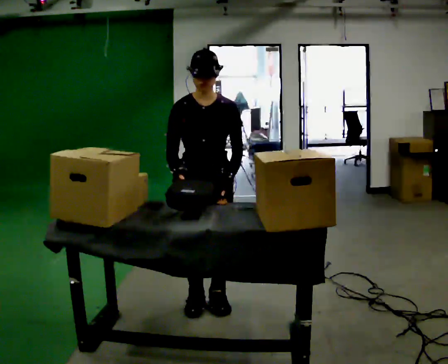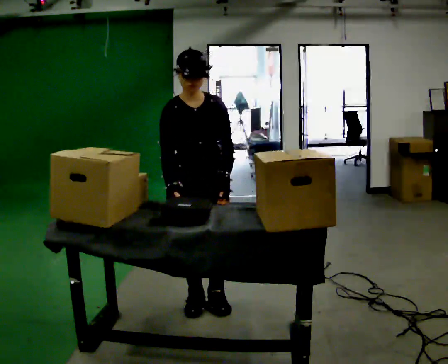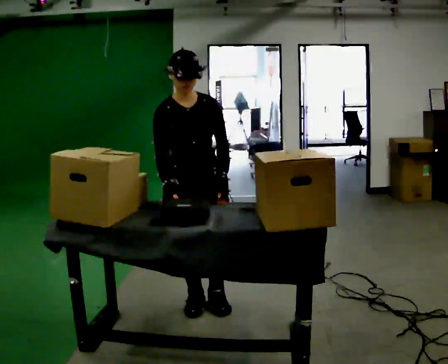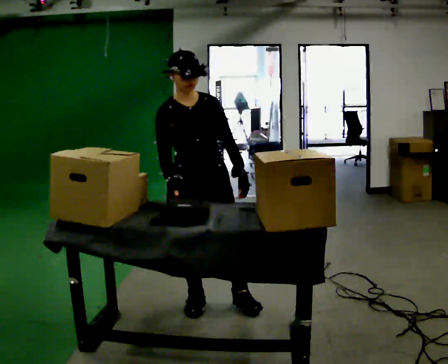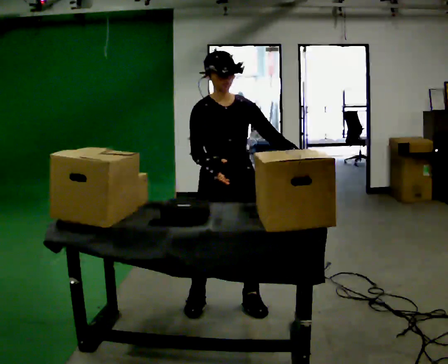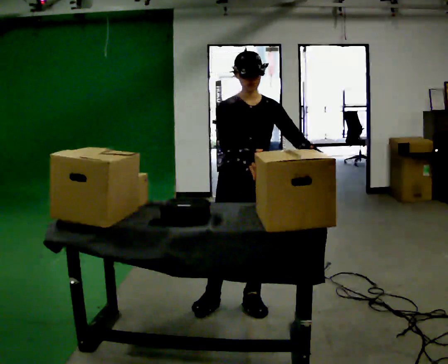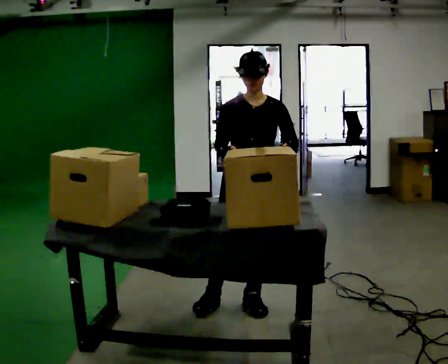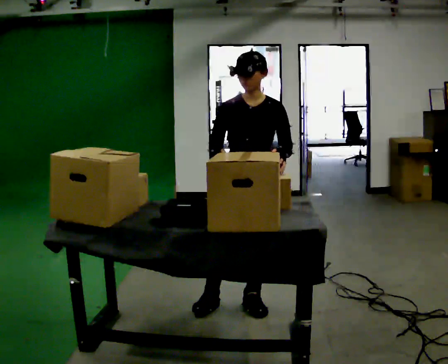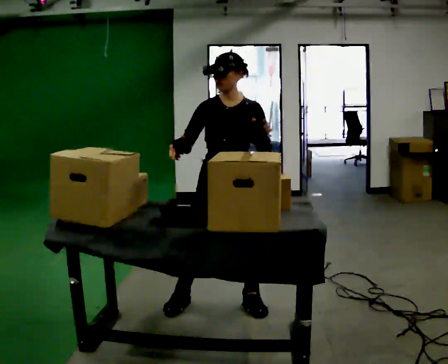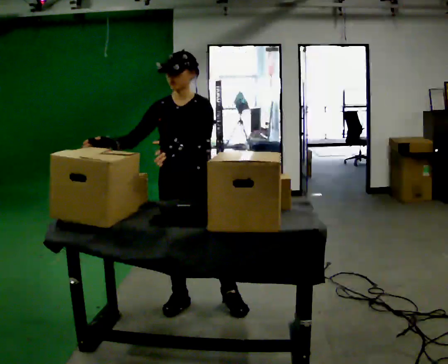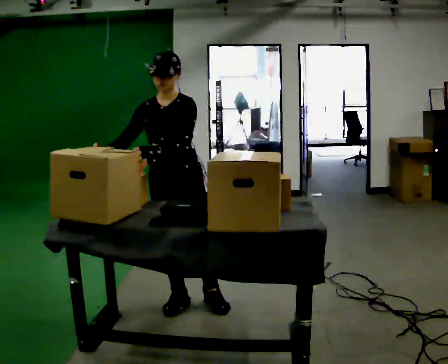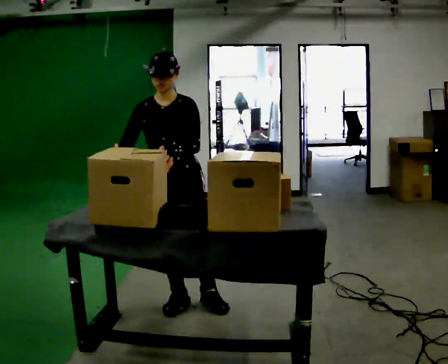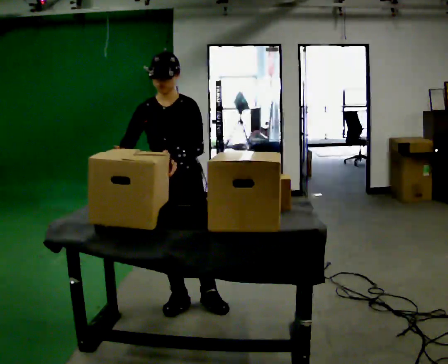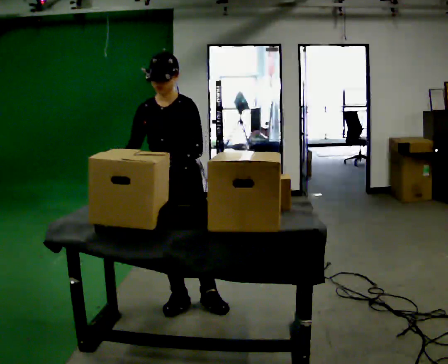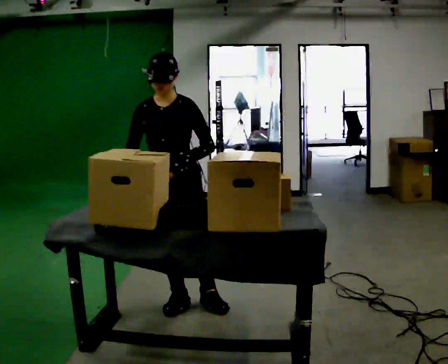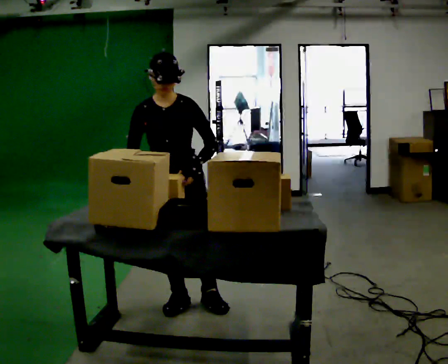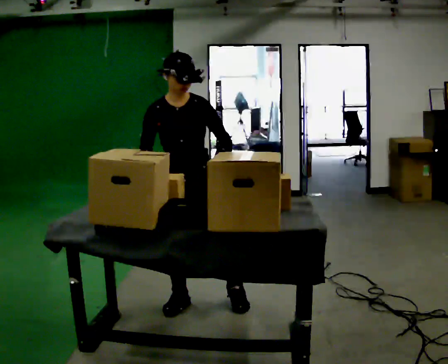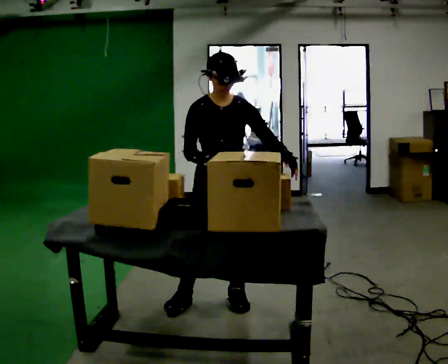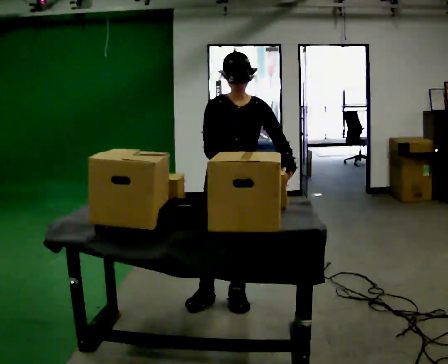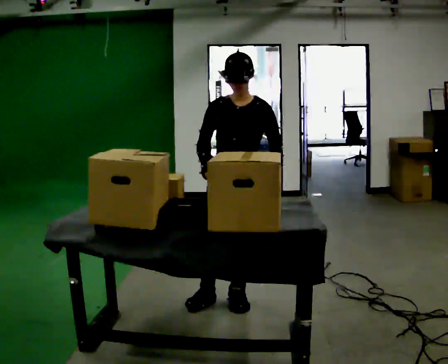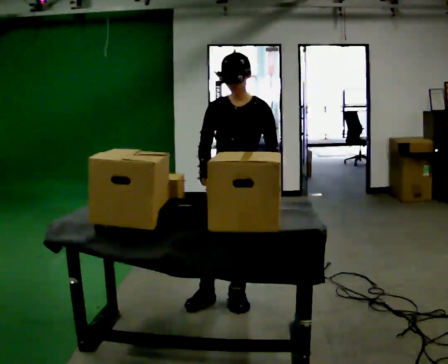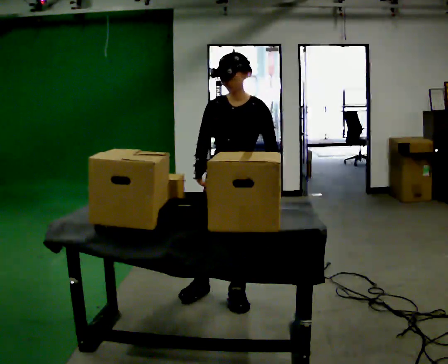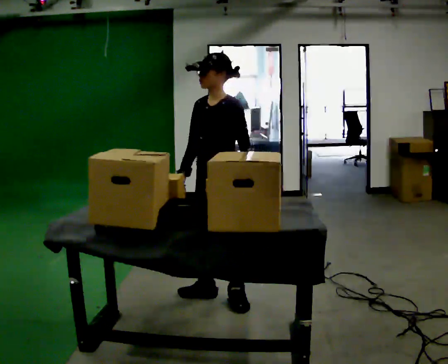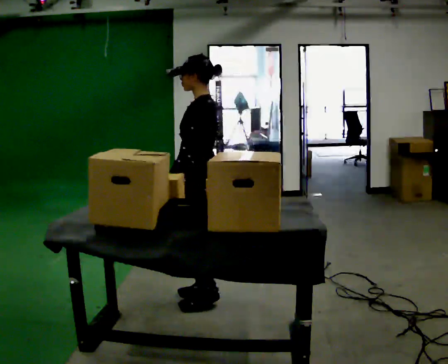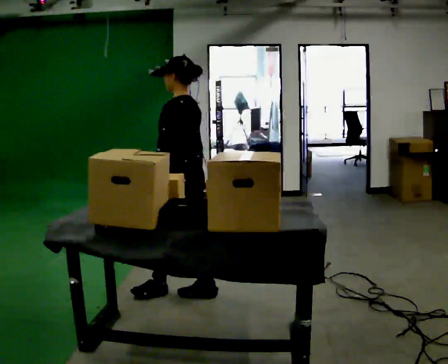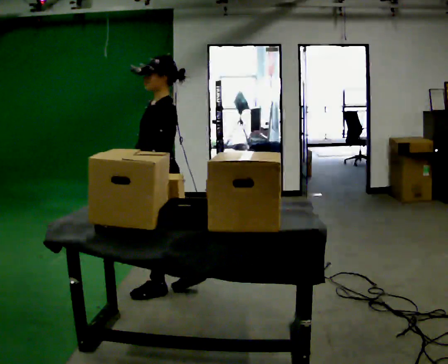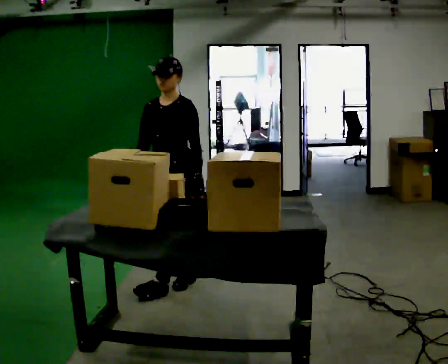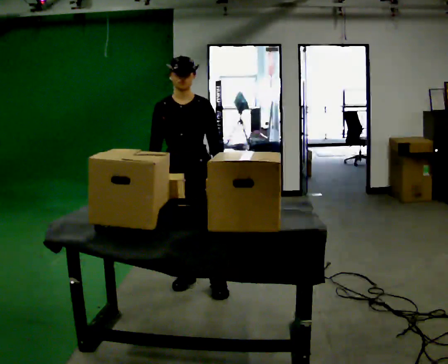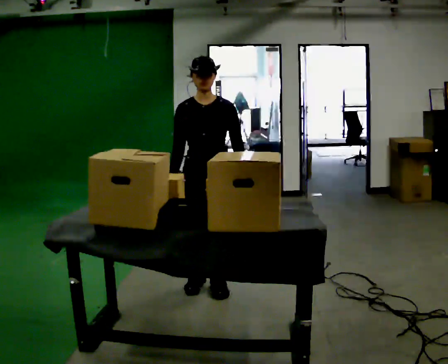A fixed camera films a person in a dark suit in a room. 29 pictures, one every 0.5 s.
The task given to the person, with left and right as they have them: Take the objects the operator names off the crowded shelf, one at a time, and carry each one to the table. You will have to move other things out of the way to reach them. Keep going until the operator says stop; one object at a time, and do not rush between trips.
0.0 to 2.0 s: In the picture their left hand goes to the right.
2.0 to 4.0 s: In the picture their left hand goes to the left.
4.0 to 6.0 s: In the picture they go to the left, about 0.25 m in 1 step, which for them is to their right.
6.0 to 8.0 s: The person moves a little, or ends about where they began.
8.0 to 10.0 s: In the picture they go to the right, about 0.25 m in 1 step, which for them is to their left.
10.0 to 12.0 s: The person turns about 90 degrees to their right, clockwise seen from above, so the part of the body nearest the lens slides to the left. In the picture they go to the left and away from the camera, about 0.25 m in 1 step.
12.0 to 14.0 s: The part of the body nearest the lens slides to the right as the person turns to their left by about 105 degrees. In the picture they go to the right, about 0.25 m in 2 steps.
The film runs forward here.
